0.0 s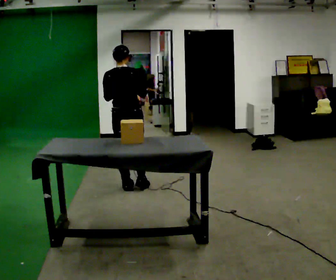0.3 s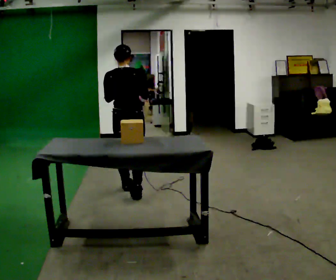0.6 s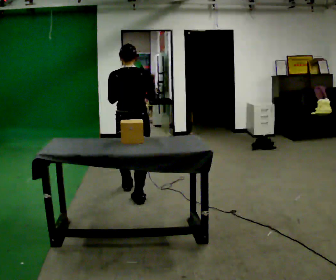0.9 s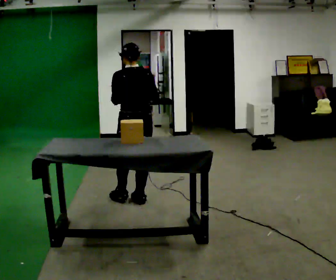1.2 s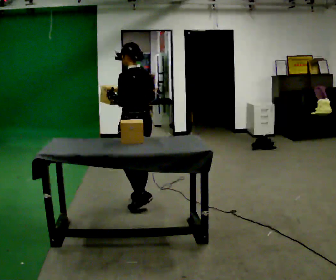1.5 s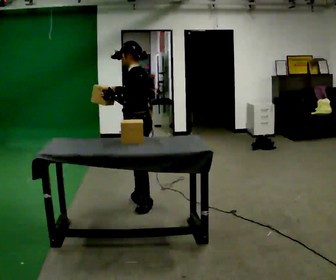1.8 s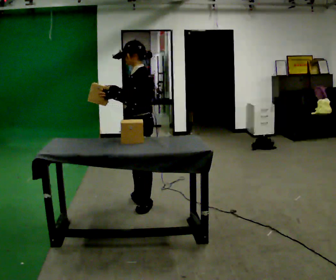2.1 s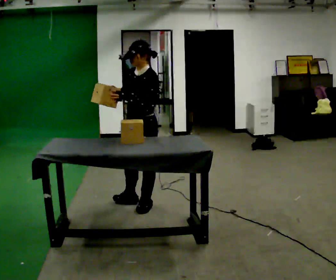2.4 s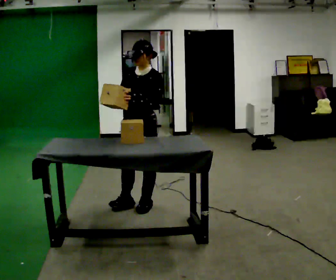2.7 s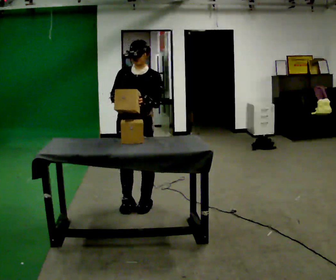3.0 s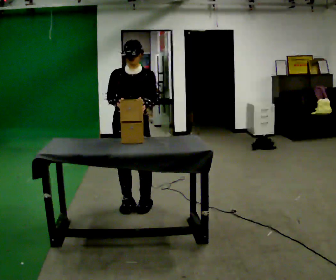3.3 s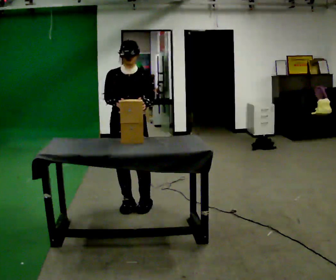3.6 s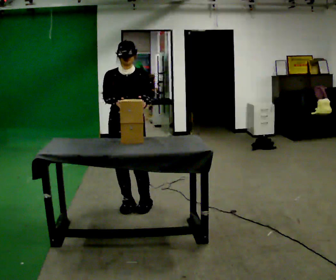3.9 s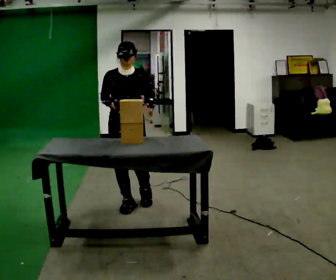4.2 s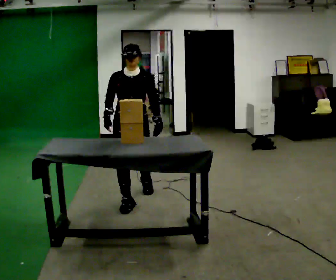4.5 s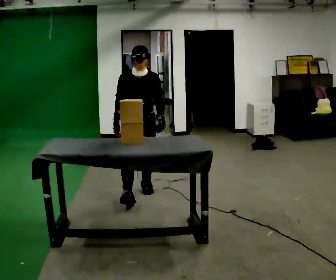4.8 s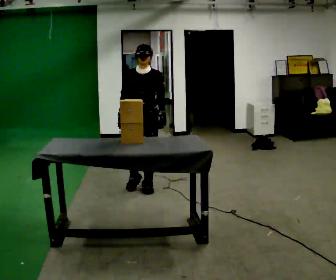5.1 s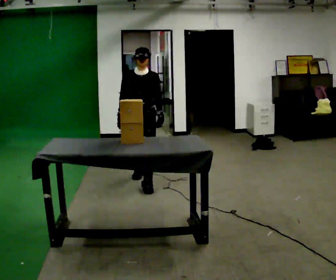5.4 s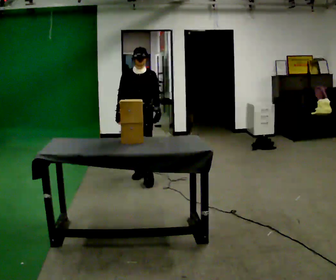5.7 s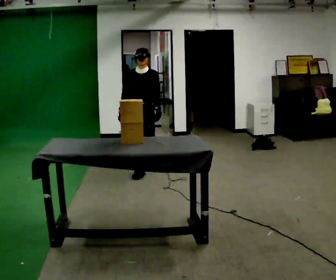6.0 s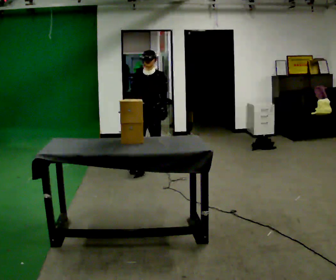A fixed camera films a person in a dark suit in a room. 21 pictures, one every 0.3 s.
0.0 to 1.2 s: The part of the body nearest the lens slides to the right as the person turns to their left by about 60 degrees. In the picture they go toward the camera, about 0.5 m in 1 step.
1.2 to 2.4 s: The person turns about 90 degrees to their left, counterclockwise seen from above, so the part of the body nearest the lens slides to the right.
2.4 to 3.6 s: The person turns about 45 degrees to their left, counterclockwise seen from above, so the part of the body nearest the lens slides to the right. In the picture they go to the left, about 0.25 m, which for them is to their right.
3.6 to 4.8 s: In the picture they go away from the camera, about 0.5 m in 2 steps, which for them is backward.
4.8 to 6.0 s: In the picture they go away from the camera, about 1 m in 2 steps, which for them is backward.
The film runs backward here.
